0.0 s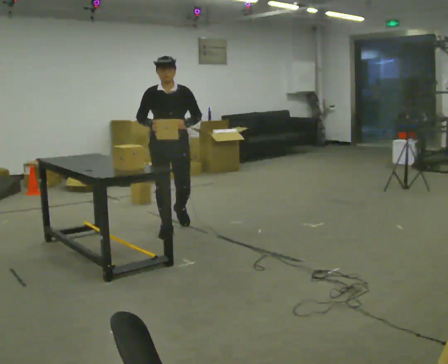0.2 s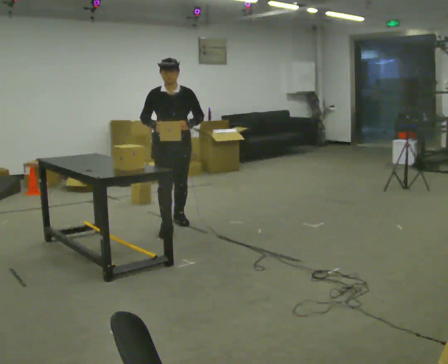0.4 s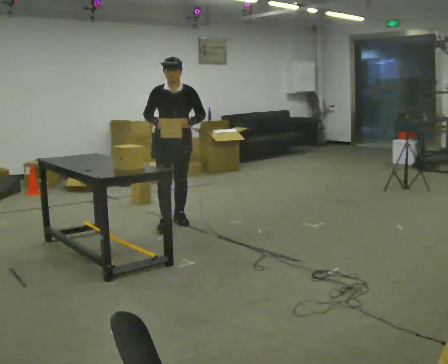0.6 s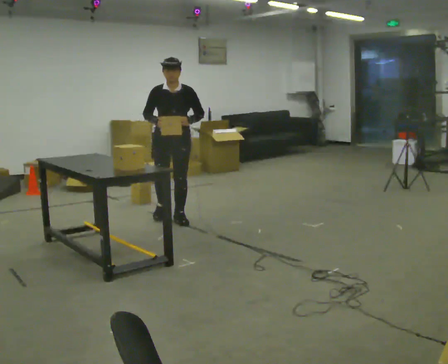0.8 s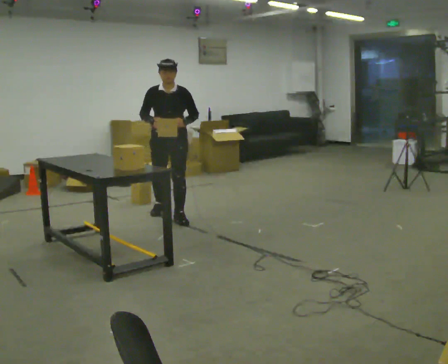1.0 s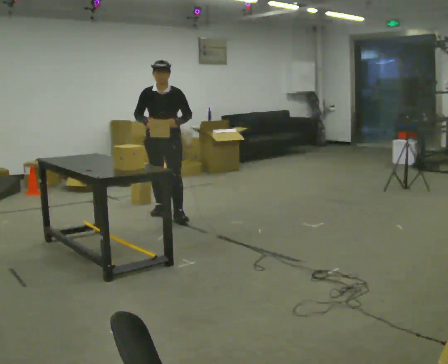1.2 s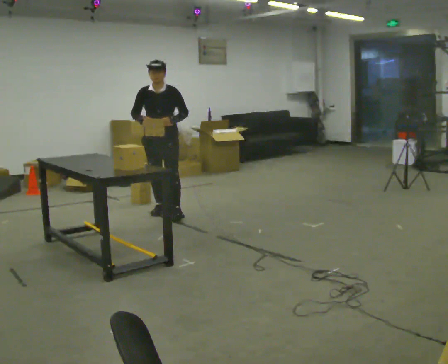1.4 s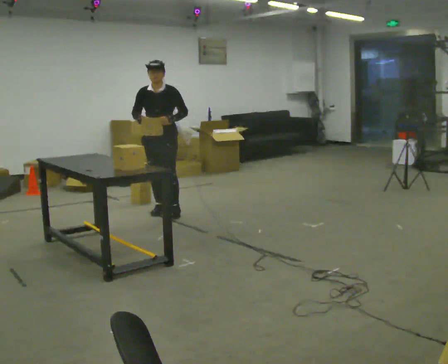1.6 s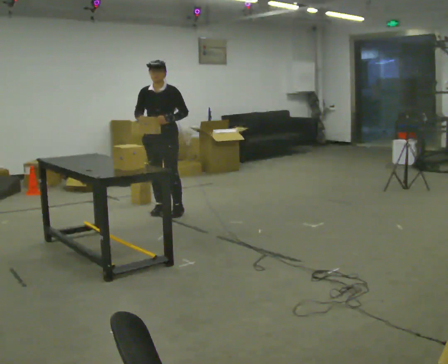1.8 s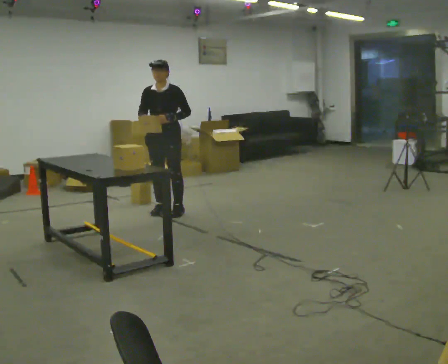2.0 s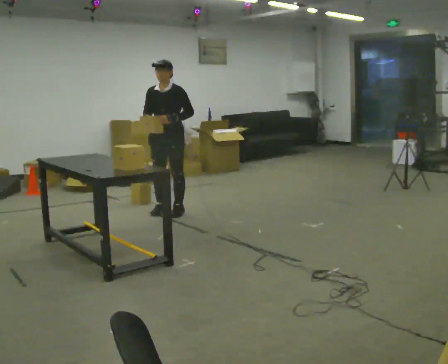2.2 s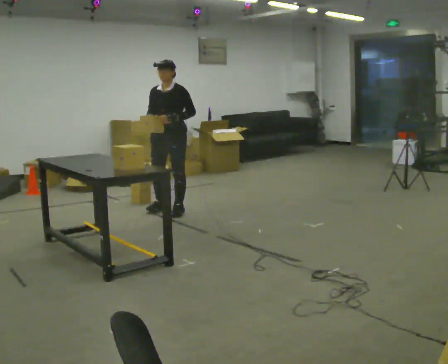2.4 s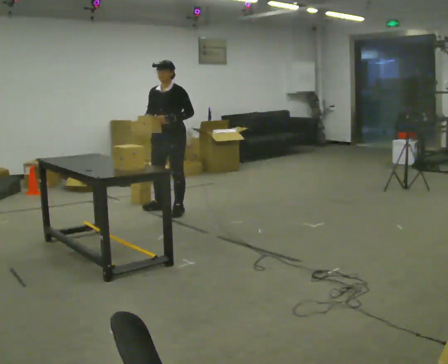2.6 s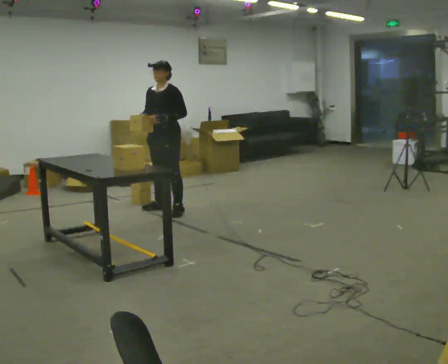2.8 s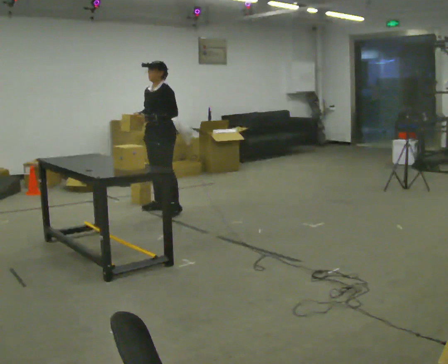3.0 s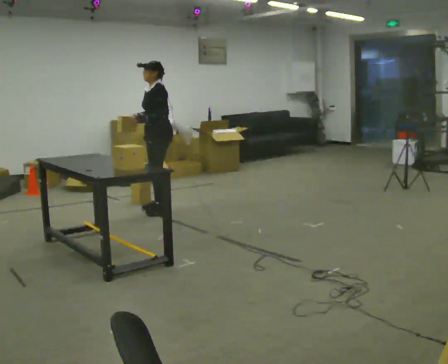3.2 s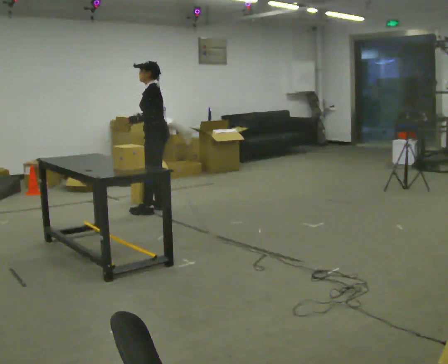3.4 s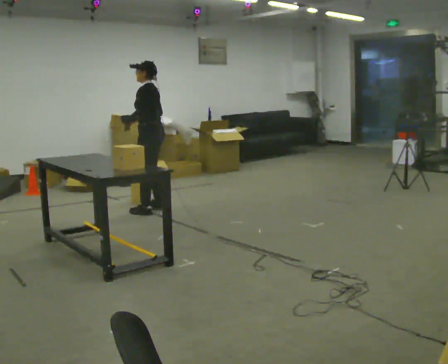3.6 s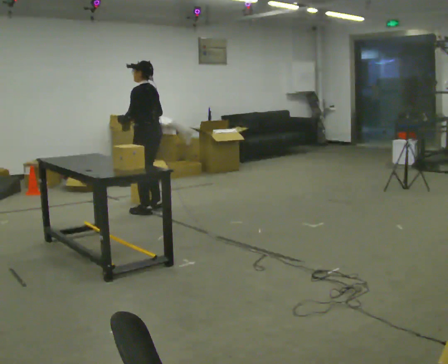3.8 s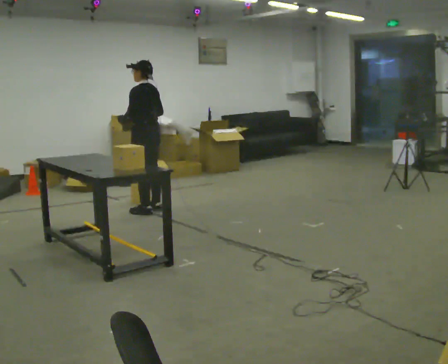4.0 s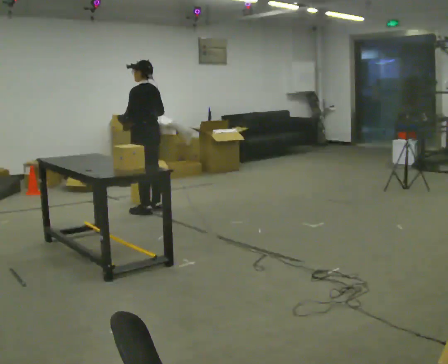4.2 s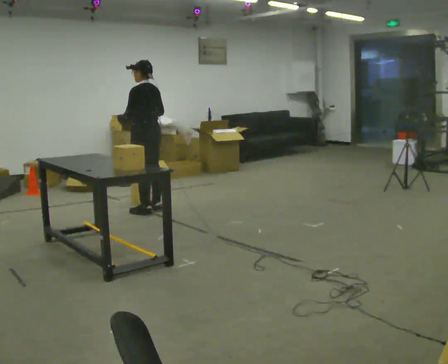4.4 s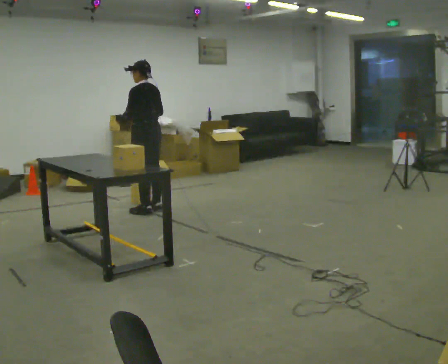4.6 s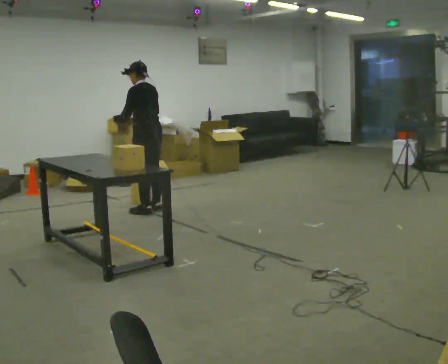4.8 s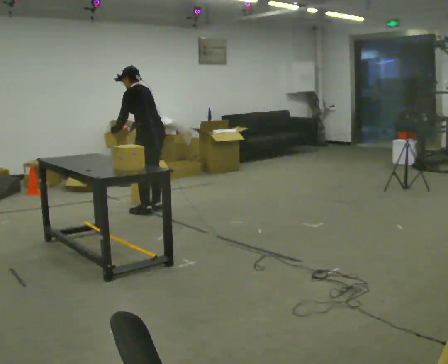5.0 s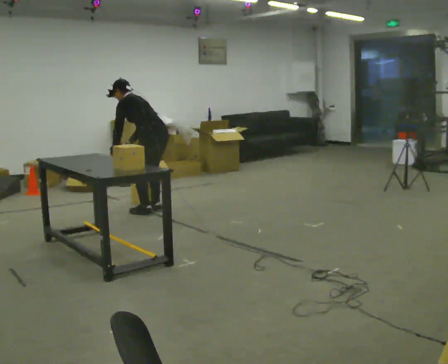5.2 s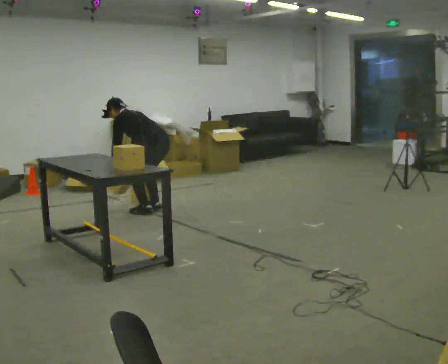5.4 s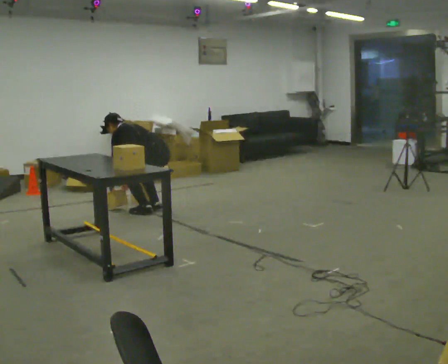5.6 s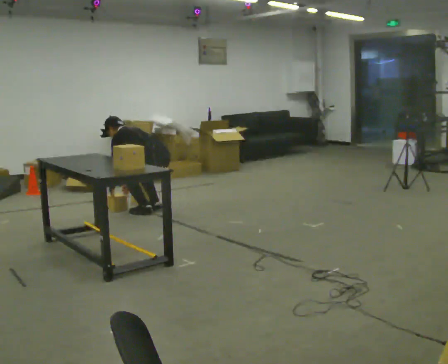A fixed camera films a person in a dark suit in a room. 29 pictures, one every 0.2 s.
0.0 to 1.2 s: In the picture they go away from the camera, about 0.75 m in 2 steps, which for them is backward.
1.2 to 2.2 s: The person moves a little, or ends about where they began.
2.2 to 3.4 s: The person turns about 75 degrees to their right, clockwise seen from above, so the part of the body nearest the lens slides to the left. In the picture they go to the left, about 0.25 m in 1 step. In the picture their left hand goes to the left.
3.4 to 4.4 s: Seen from above the body turns clockwise, about 30 degrees: to their right, with its near side sliding to the left.
4.4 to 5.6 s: The shoulders move downward. In the picture the upper body tilts counterclockwise, shoulders to the left, as they bend forward. In the picture their right hand goes downward.
The film runs backward here.
